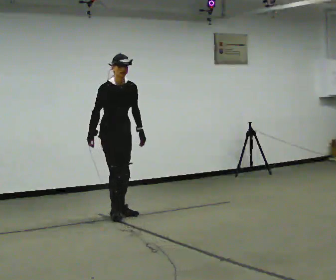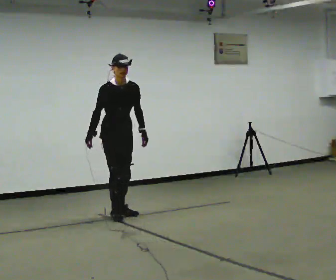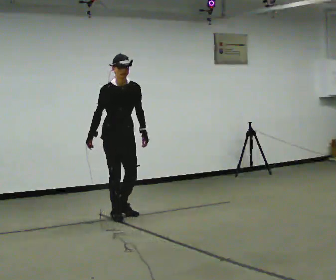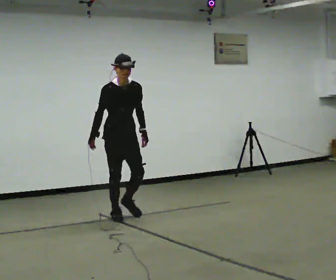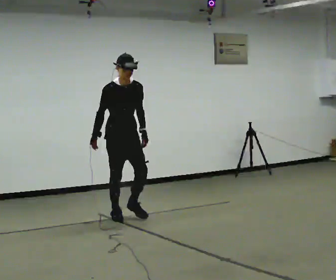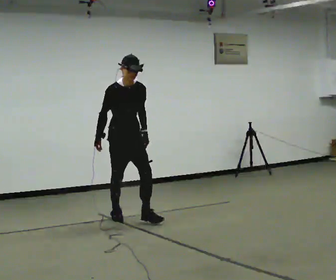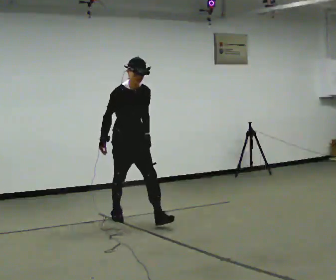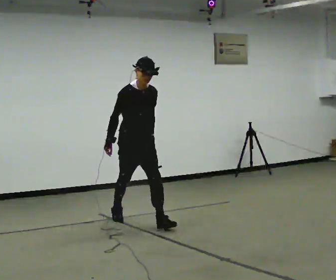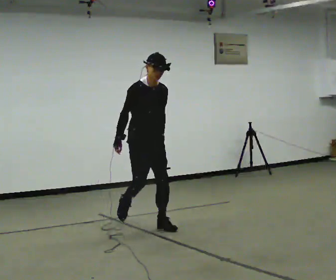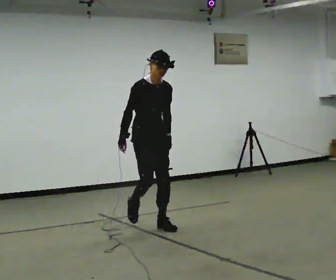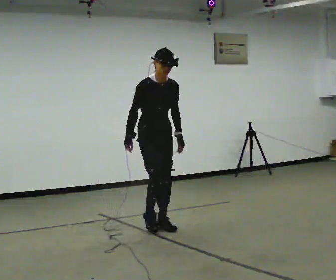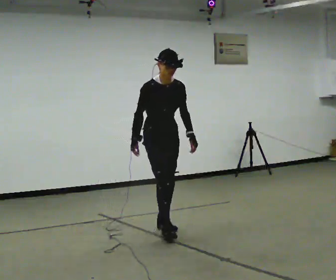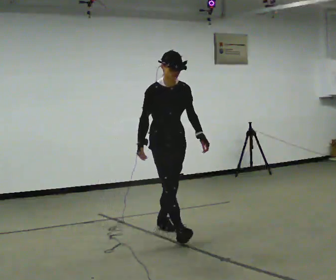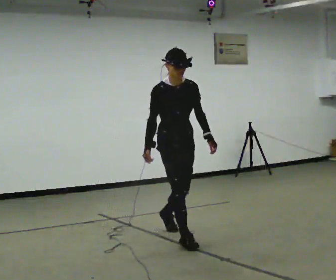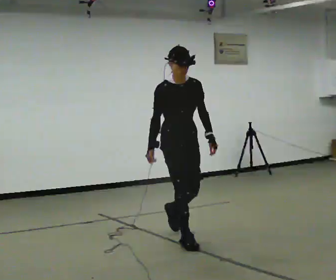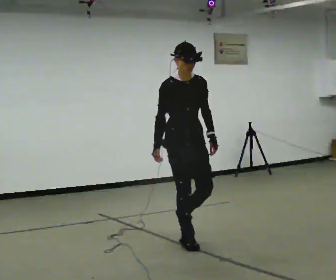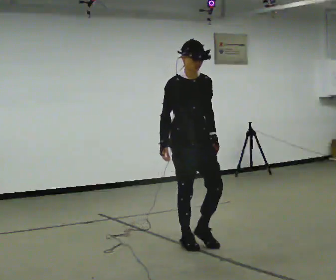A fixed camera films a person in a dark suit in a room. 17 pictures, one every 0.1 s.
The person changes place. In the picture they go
toward the camera.
0.0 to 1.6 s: In the picture they go toward the camera and to the right, about 1.5 m in 2 steps, which for them is forward.
The film runs forward here.
